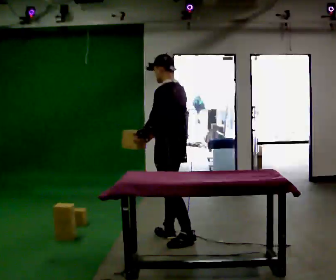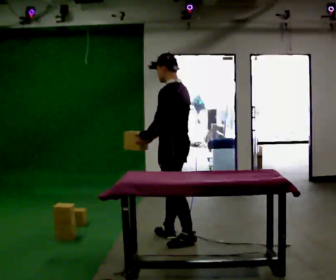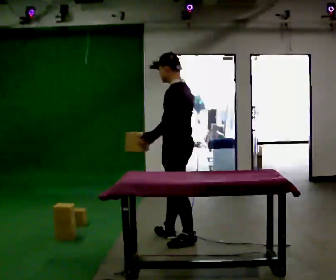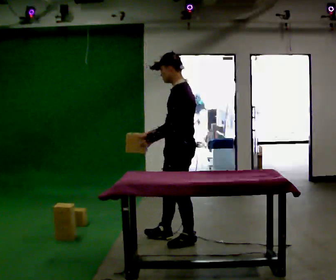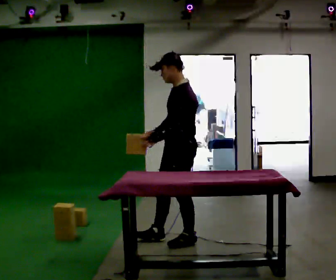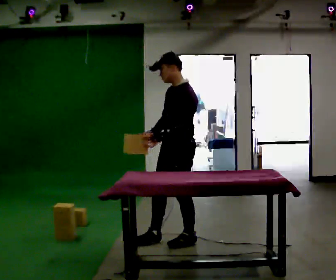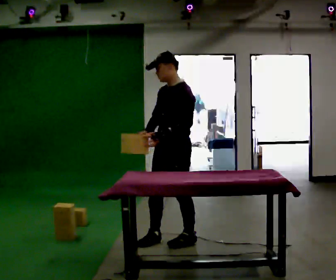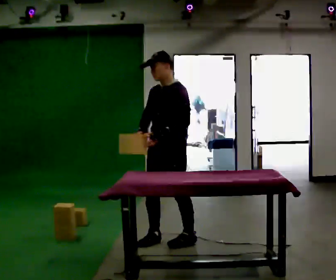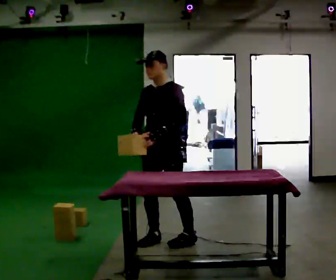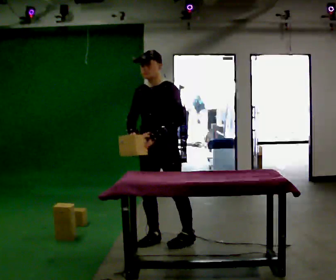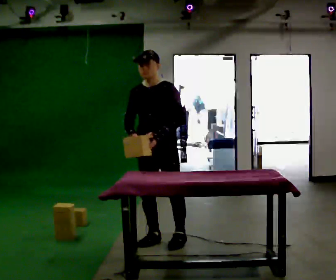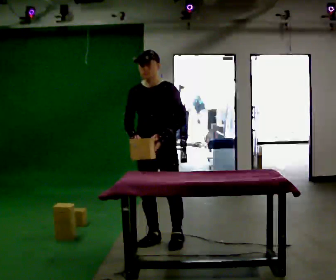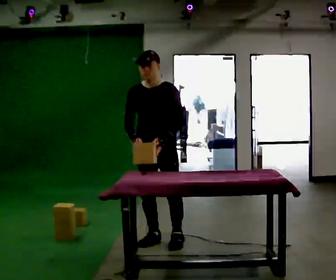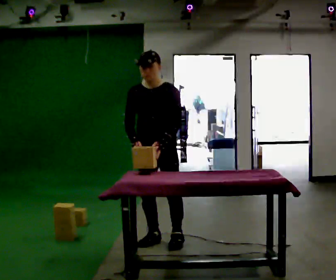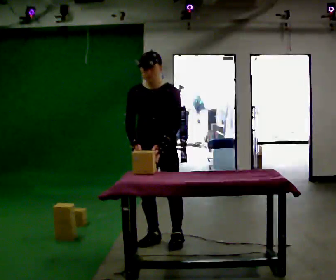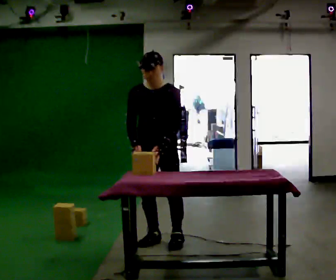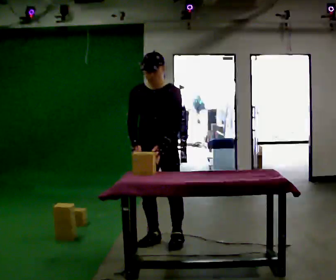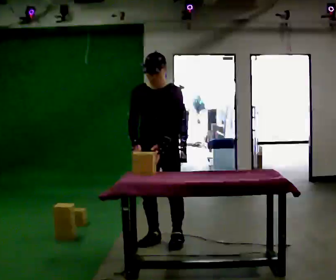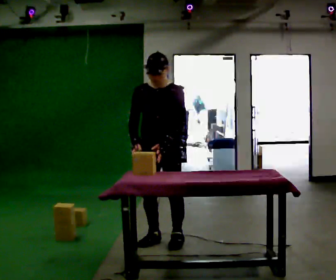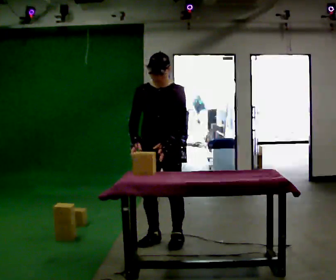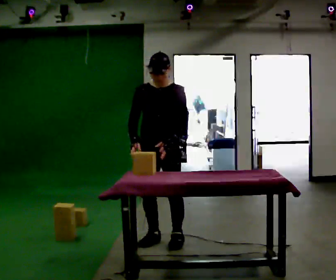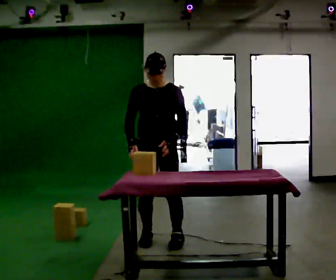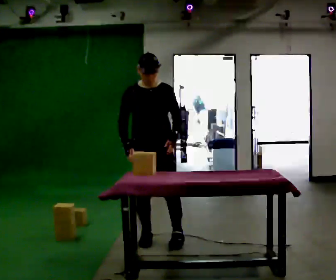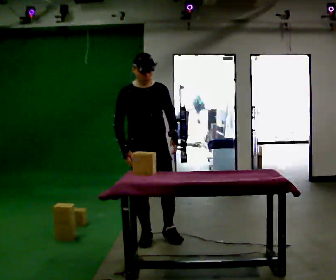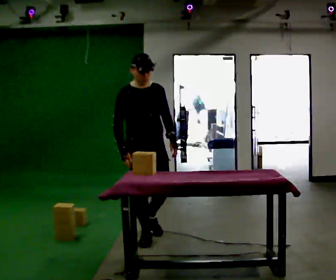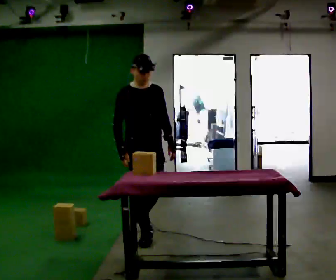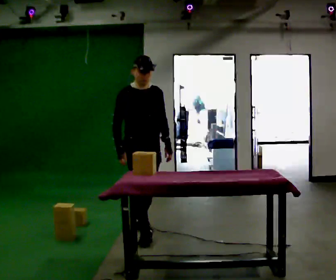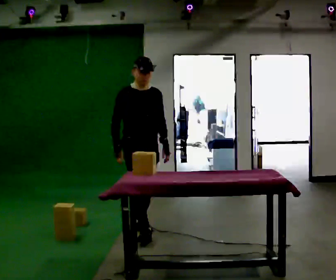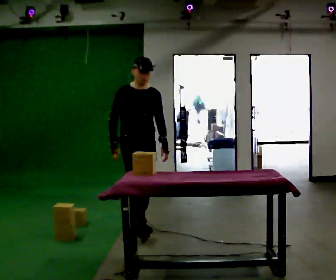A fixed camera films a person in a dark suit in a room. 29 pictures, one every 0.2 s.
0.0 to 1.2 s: The person turns about 60 degrees to their left, counterclockwise seen from above, so the part of the body nearest the lens slides to the right.
1.2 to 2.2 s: The part of the body nearest the lens slides to the right as the person turns to their left by about 30 degrees. In the picture they go to the left, about 0.25 m in 1 step, which for them is to their right.
2.2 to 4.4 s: The person moves a little, or ends about where they began.
4.4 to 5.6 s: Seen from above the body turns counterclockwise, about 30 degrees: to their left, with its near side sliding to the right. In the picture they go away from the camera and to the left, about 0.5 m in 2 steps, which for them is backward.
The film runs backward here.
